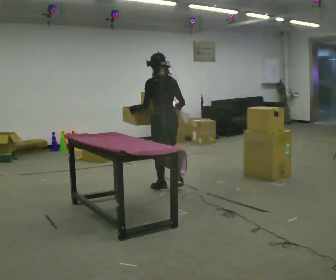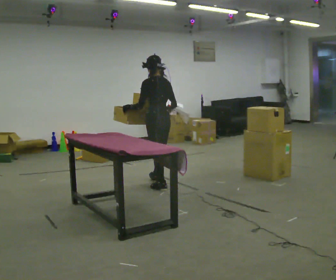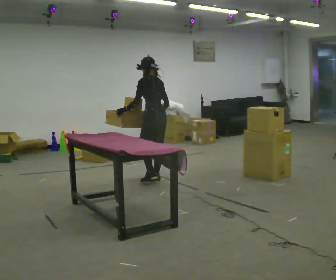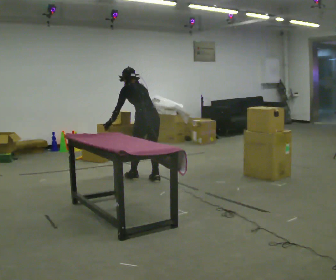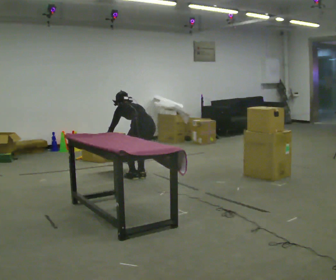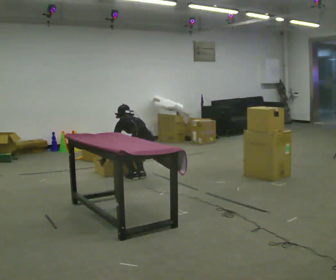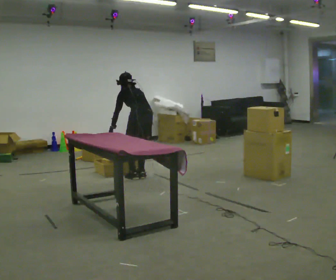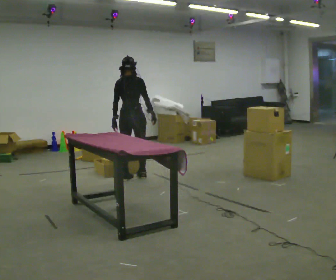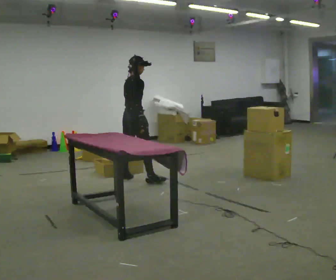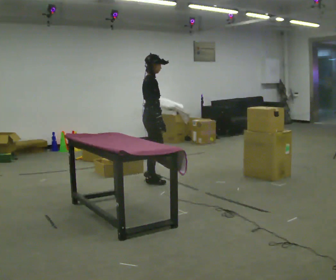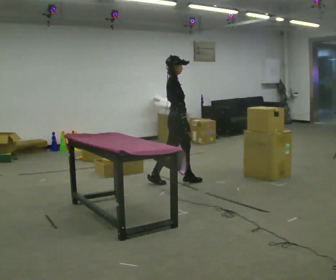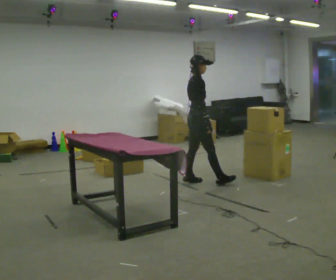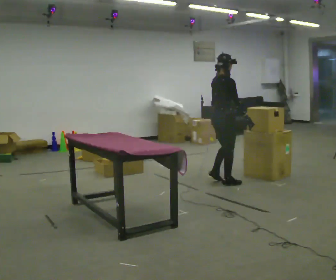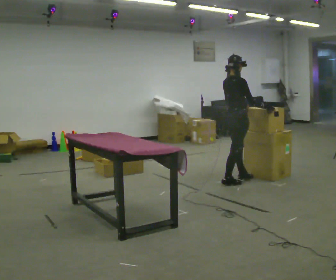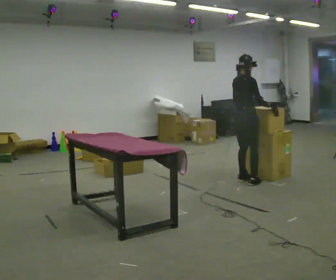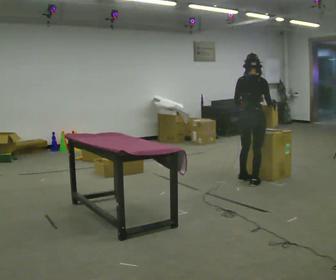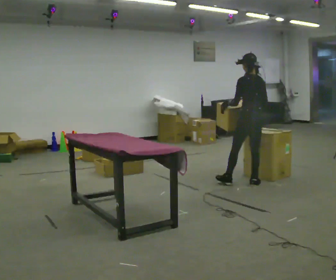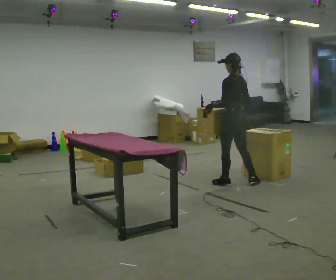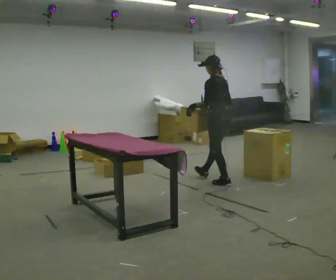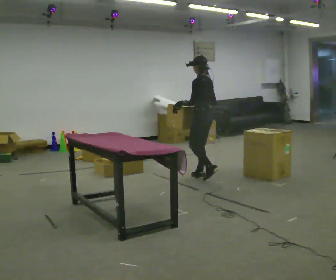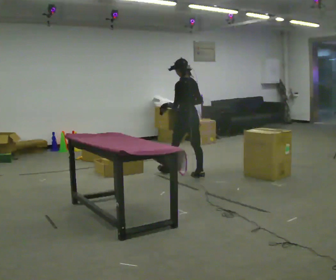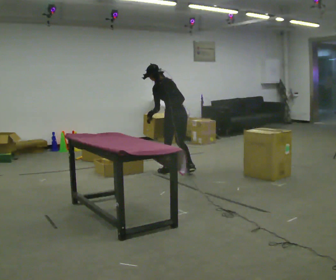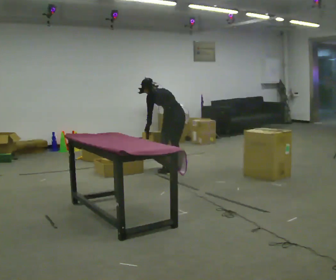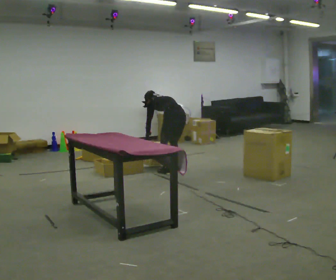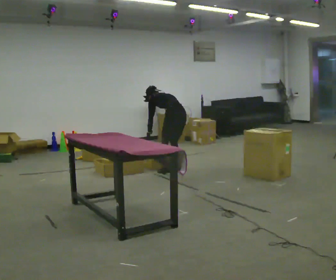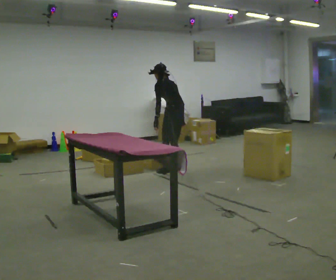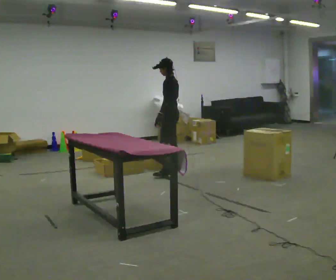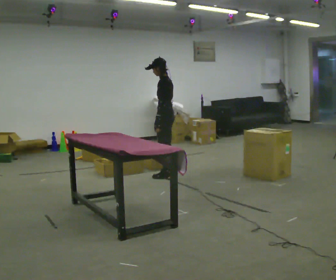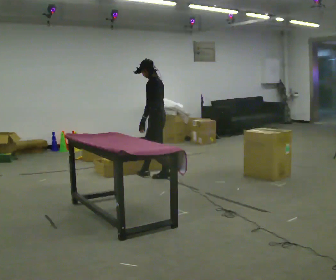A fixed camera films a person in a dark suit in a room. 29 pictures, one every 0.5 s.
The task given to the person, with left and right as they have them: 1. Move everything from the second bin into the first bin. 2. Carry the empty bin to the shelf. 3. Carry the full bin to the table. 4. Tell the operator when you are finished.
0.0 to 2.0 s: In the picture they go away from the camera and to the left, about 0.5 m in 3 steps, which for them is forward. The shoulders move downward. The upper body tips away from the camera, its near side rolling upward, as they bend forward. In the picture their left hand goes downward.
2.0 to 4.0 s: The part of the body nearest the lens slides to the left as the person turns to their right by about 90 degrees. The upper body tips toward the camera, its near side rolling downward, as they lean back or straighten. In the picture their left hand goes to the right and upward.
4.0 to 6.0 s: In the picture they go to the right, about 1 m in 2 steps, which for them is forward.
6.0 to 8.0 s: The part of the body nearest the lens slides to the right as the person turns to their left by about 90 degrees. In the picture they go to the right, about 0.25 m in 3 steps.
8.0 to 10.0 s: In the picture they go to the left and away from the camera, about 1 m in 2 steps, which for them is forward.
10.0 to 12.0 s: In the picture they go to the left, about 0.25 m in 1 step, which for them is forward. In the picture their right hand goes downward.
12.0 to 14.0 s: The person turns about 45 degrees to their left, counterclockwise seen from above, so the part of the body nearest the lens slides to the right. In the picture they go toward the camera and to the left, about 0.25 m in 2 steps, which for them is to their left and forward. The upper body goes upward. The upper body tips toward the camera, its near side rolling downward, as they lean back or straighten.
The film runs forward here.
